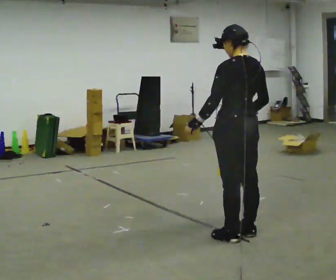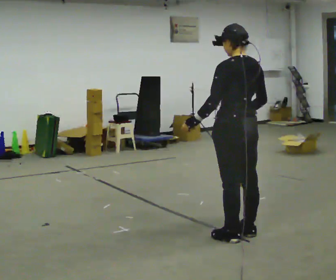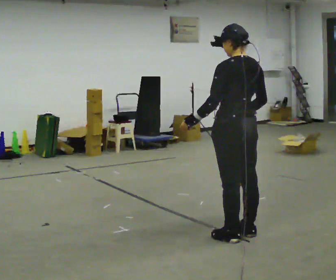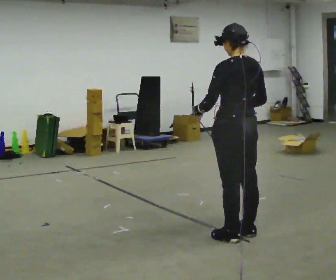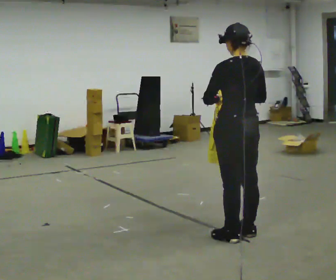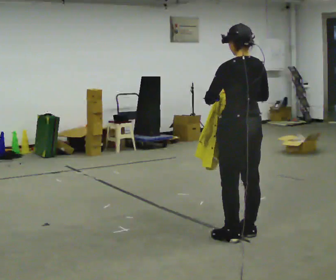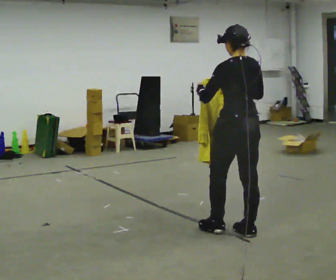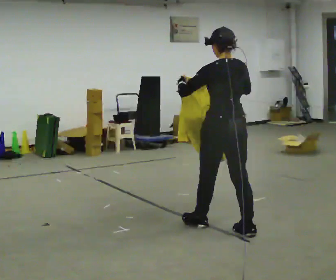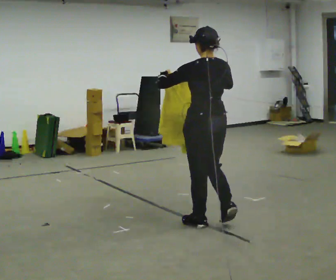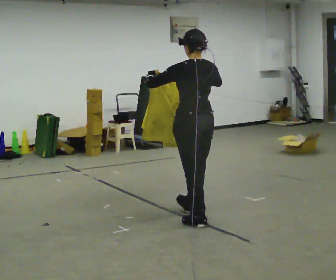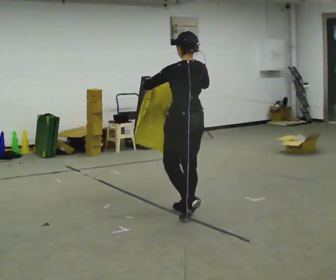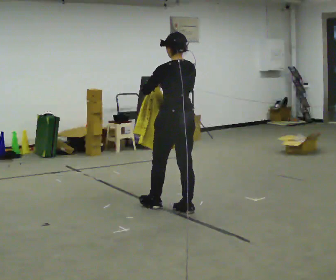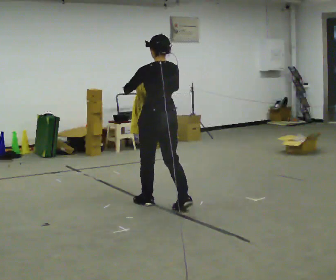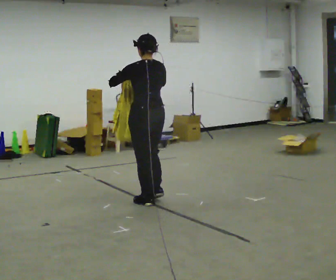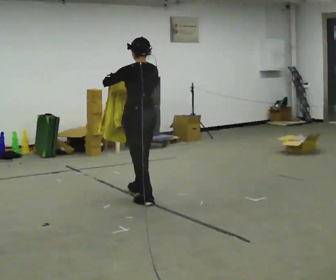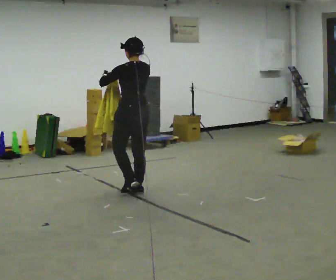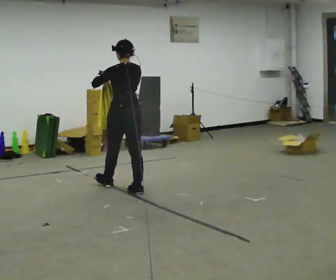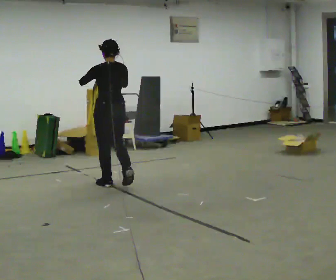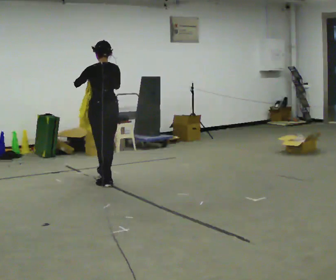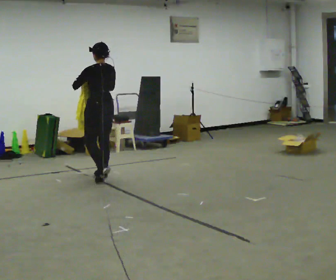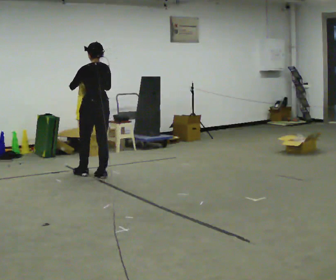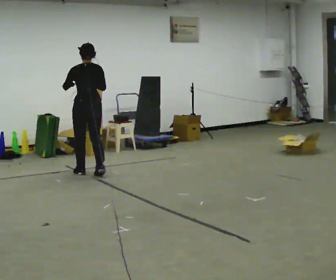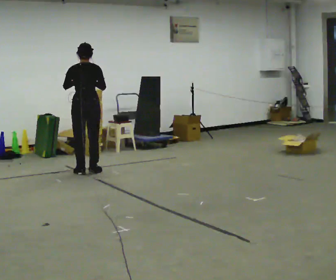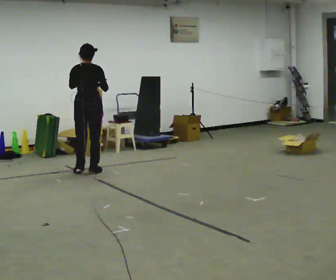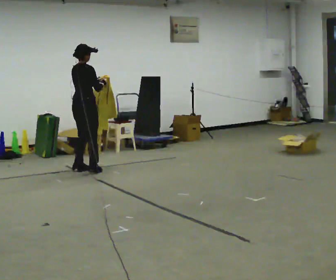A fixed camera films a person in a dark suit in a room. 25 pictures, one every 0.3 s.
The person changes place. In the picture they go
away from the camera.
0.0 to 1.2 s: The person moves a little, or ends about where they began.
1.2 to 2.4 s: In the picture they go away from the camera and to the left, about 0.25 m in 1 step, which for them is forward.
2.4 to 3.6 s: In the picture they go away from the camera and to the left, about 0.5 m in 2 steps, which for them is forward.
3.6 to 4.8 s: In the picture they go away from the camera and to the left, about 0.5 m in 1 step, which for them is forward.
4.8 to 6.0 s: In the picture they go away from the camera and to the left, about 1 m in 2 steps, which for them is forward.
6.0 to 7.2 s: Seen from above the body turns clockwise, about 90 degrees: to their right, with its near side sliding to the left. In the picture they go away from the camera and to the left, about 0.25 m in 3 steps.
The film runs forward here.
